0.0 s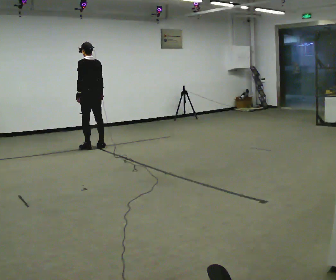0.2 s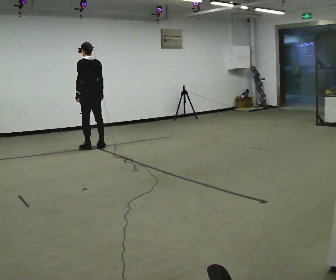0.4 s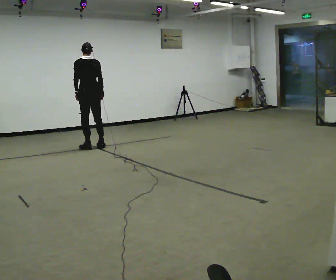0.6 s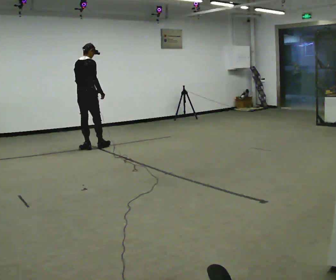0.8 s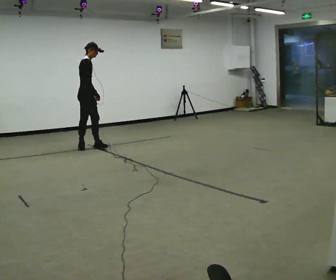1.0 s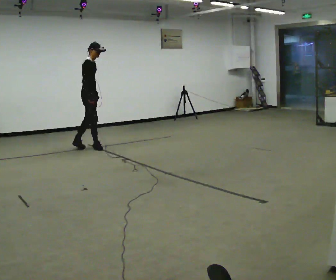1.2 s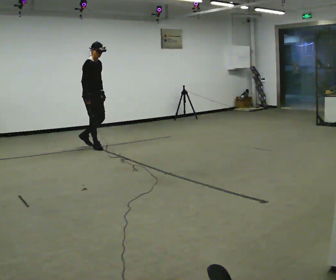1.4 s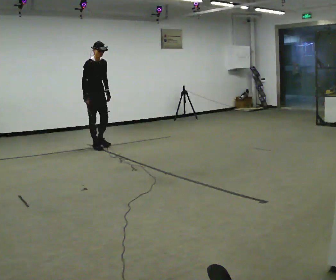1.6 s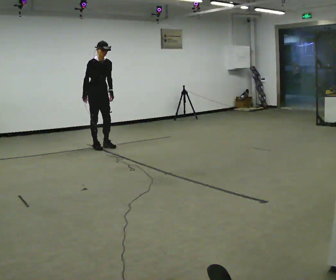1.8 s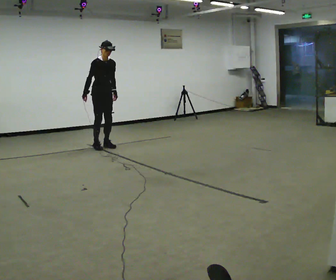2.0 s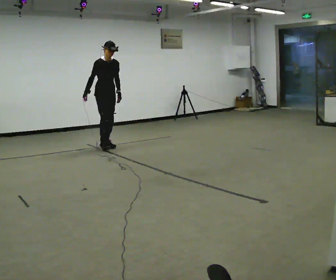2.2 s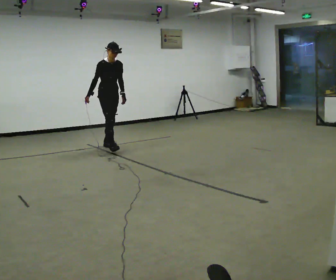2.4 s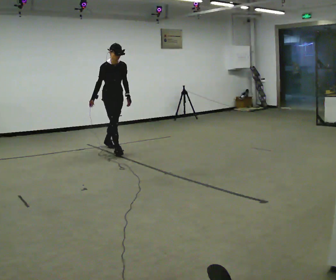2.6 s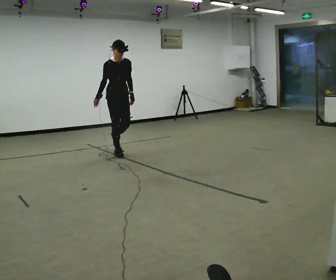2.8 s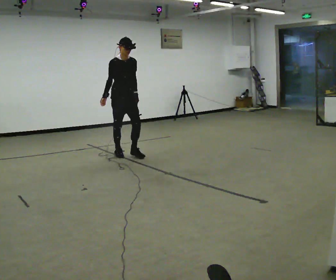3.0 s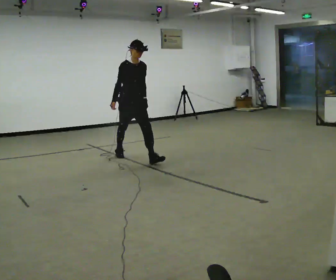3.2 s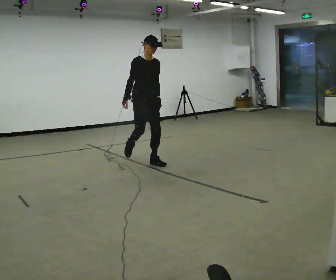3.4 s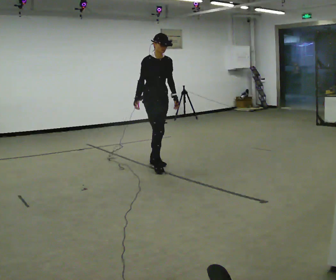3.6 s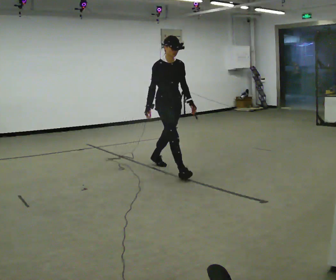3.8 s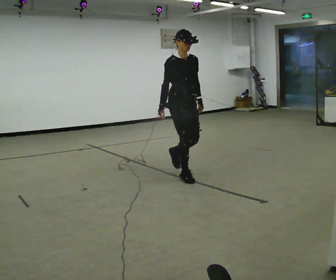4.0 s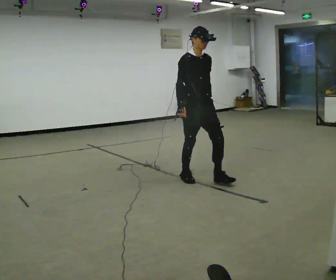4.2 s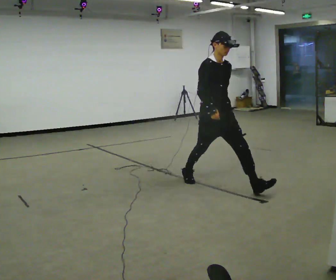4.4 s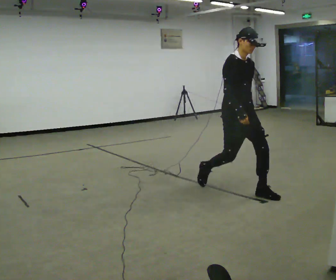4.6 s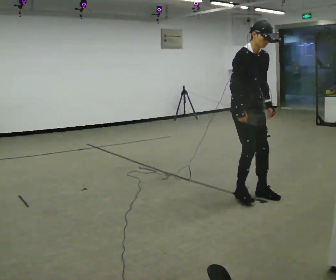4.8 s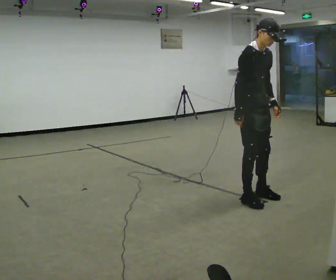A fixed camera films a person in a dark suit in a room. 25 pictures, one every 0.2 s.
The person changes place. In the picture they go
toward the camera.
The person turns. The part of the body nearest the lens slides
to the left.
0.0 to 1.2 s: The part of the body nearest the lens slides to the left as the person turns to their right by about 150 degrees.
1.2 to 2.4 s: Seen from above the body turns clockwise, about 30 degrees: to their right, with its near side sliding to the left. In the picture they go to the right and toward the camera, about 0.5 m in 2 steps, which for them is forward and to their left.
2.4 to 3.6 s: In the picture they go toward the camera and to the right, about 1.5 m in 1 step, which for them is forward.
3.6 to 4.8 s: In the picture they go toward the camera and to the right, about 1.5 m in 3 steps, which for them is forward.
The film runs forward here.
